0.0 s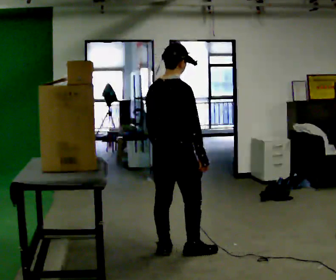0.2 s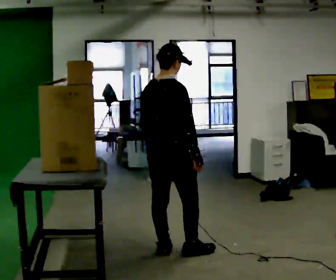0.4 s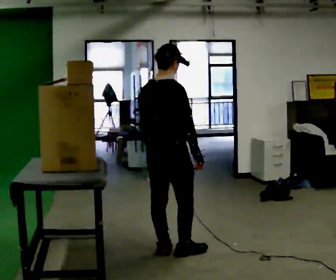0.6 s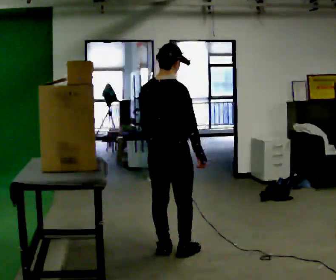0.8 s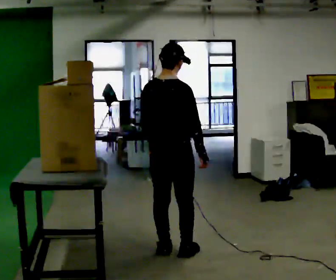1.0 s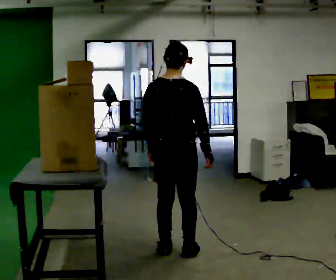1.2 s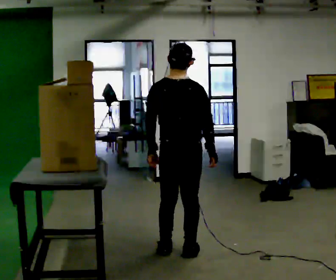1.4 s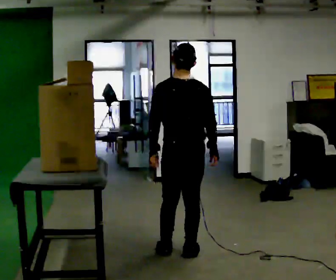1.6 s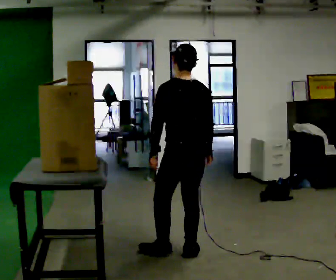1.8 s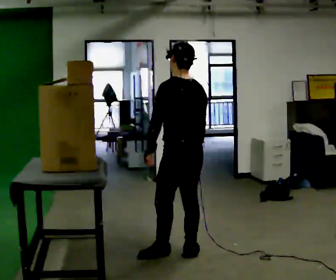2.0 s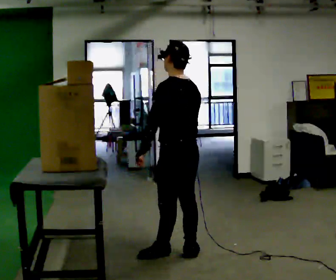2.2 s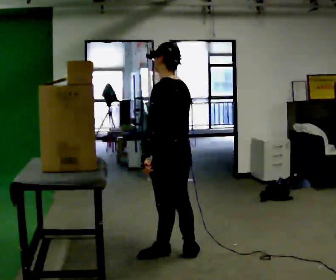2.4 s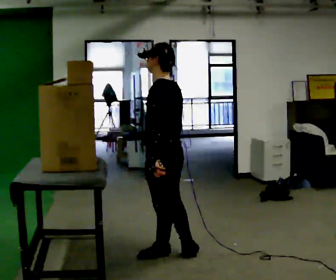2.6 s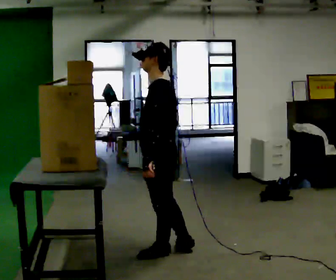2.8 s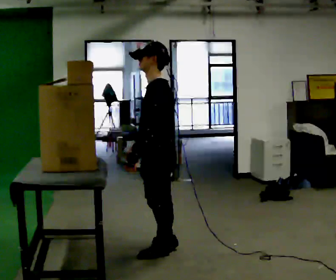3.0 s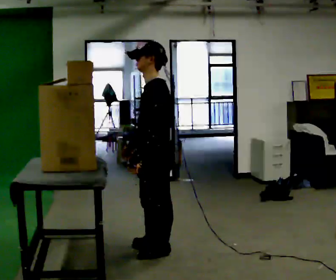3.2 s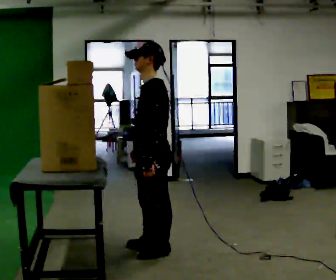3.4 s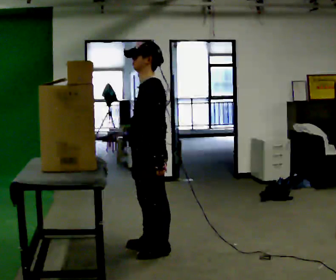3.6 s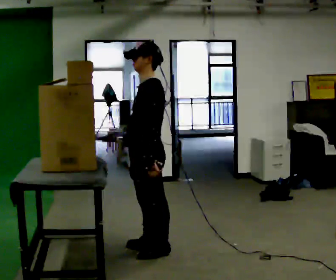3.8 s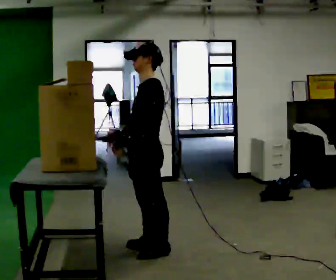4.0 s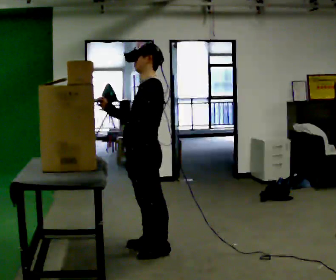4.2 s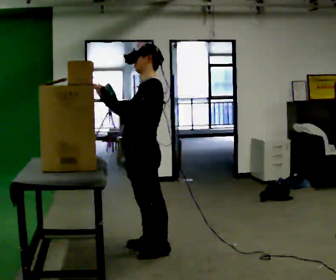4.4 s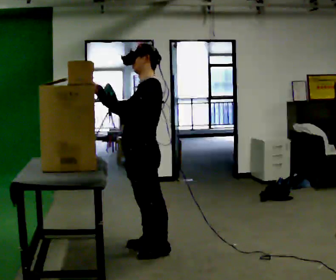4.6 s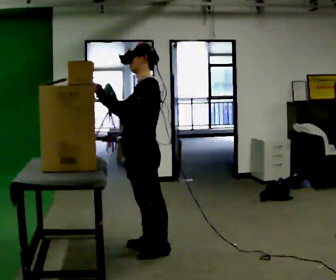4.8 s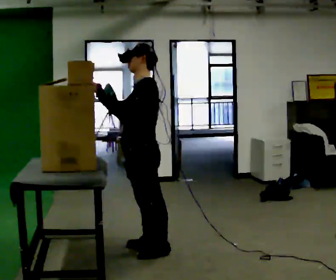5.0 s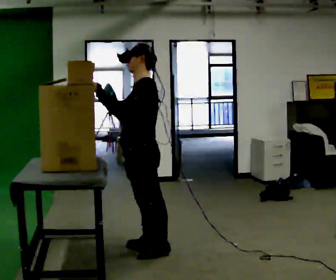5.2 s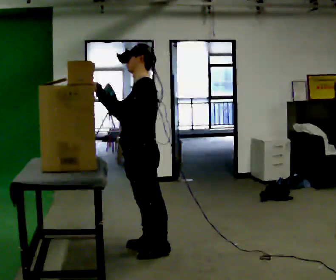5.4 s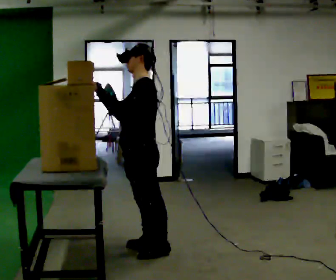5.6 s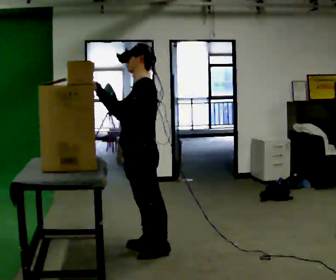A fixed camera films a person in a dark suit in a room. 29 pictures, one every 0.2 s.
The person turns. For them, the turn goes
to their left.
Their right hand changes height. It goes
upward.
0.0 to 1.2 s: Seen from above the body turns counterclockwise, about 30 degrees: to their left, with its near side sliding to the right.
1.2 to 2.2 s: The person turns about 60 degrees to their left, counterclockwise seen from above, so the part of the body nearest the lens slides to the right.
2.2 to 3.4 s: The part of the body nearest the lens slides to the right as the person turns to their left by about 45 degrees. In the picture they go to the left, about 0.25 m in 1 step, which for them is forward.
3.4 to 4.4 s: In the picture their right hand goes upward and to the left, the arm swinging clockwise.
4.4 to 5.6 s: The person moves a little, or ends about where they began.
The film runs backward here.
